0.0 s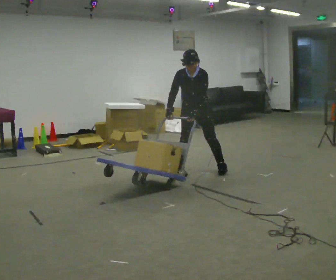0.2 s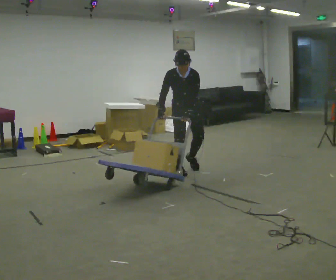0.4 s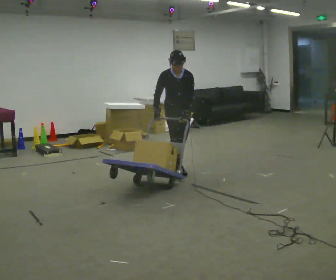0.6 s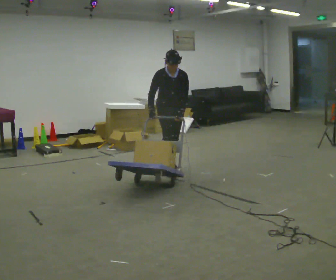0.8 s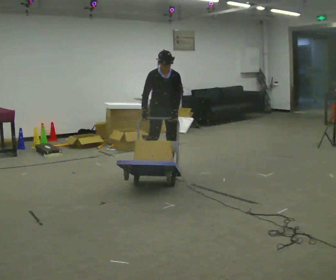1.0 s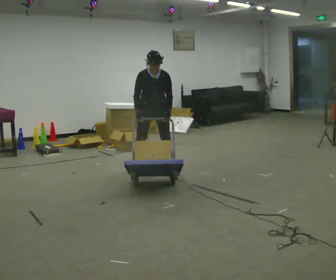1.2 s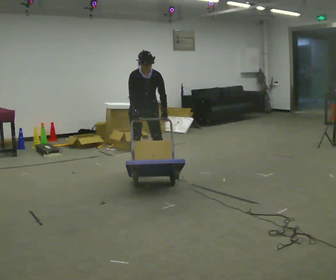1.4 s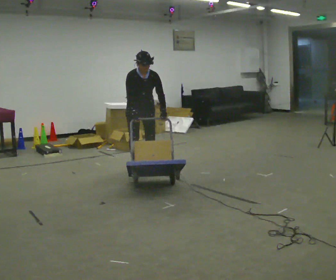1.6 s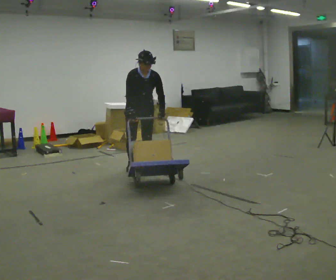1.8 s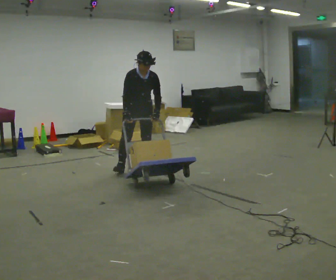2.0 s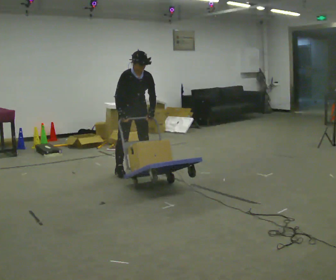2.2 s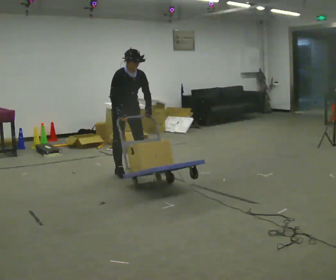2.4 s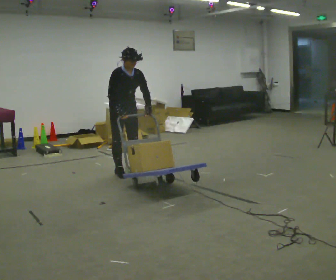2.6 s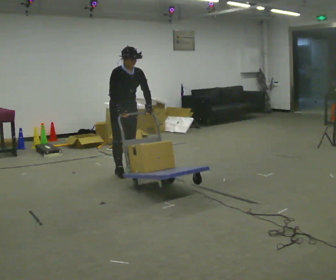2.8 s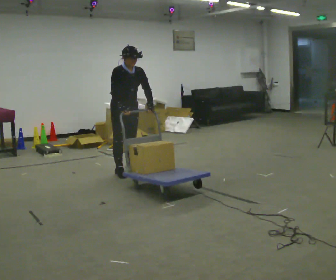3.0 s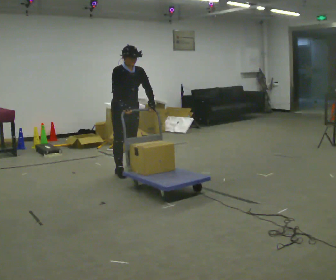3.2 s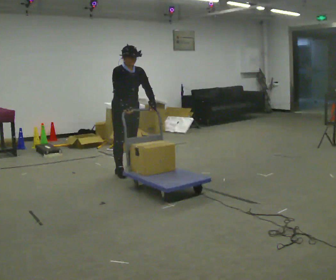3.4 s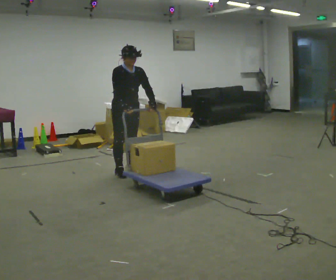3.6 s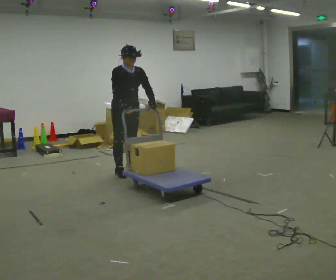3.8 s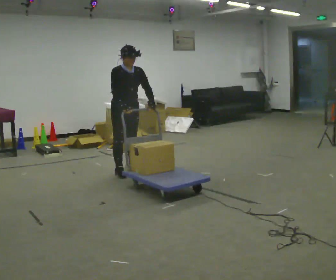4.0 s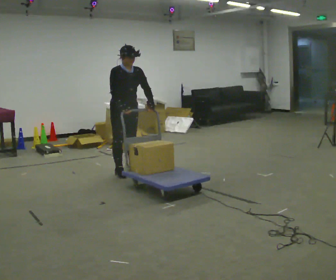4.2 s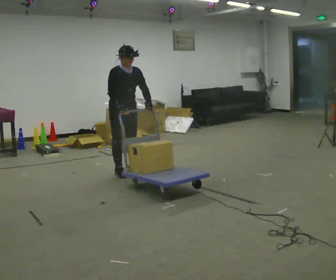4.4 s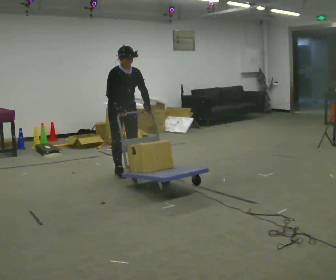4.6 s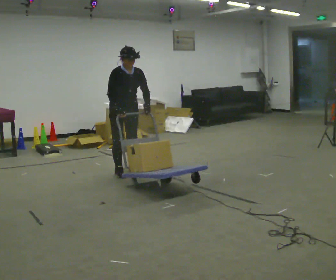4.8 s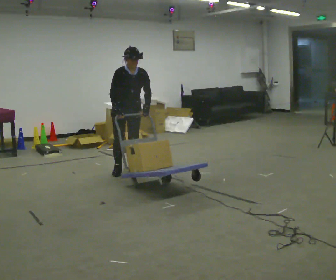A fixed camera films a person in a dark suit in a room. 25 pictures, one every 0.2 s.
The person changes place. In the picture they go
to the left.
The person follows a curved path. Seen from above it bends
counterclockwise.
0.0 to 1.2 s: In the picture they go to the left, about 0.5 m in 2 steps, which for them is to their right and backward. In the picture the upper body tilts clockwise, shoulders to the right.
1.2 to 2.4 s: Seen from above the body turns counterclockwise, about 30 degrees: to their left, with its near side sliding to the right. In the picture they go to the left and toward the camera, about 0.25 m in 2 steps, which for them is to their right and forward.
2.4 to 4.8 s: The part of the body nearest the lens slides to the left as the person turns to their right by about 30 degrees.
The film runs backward here.
